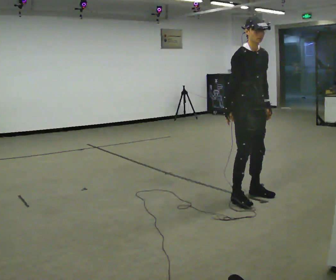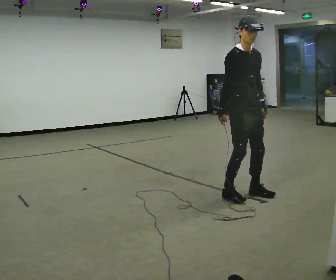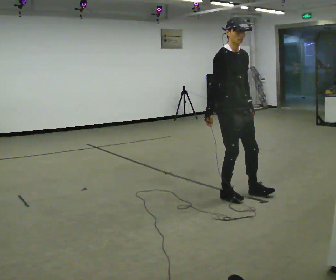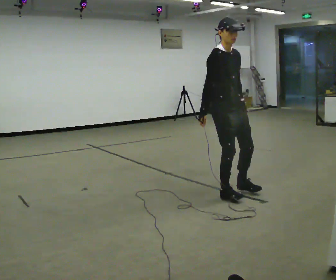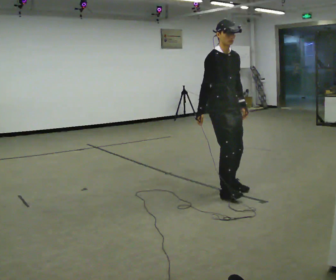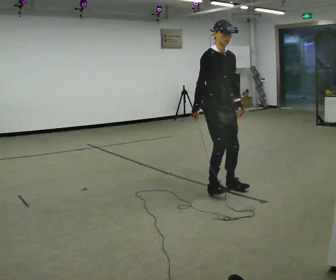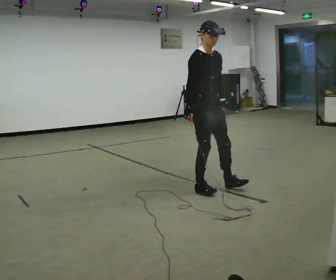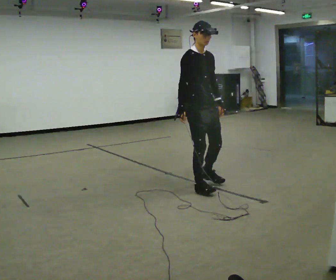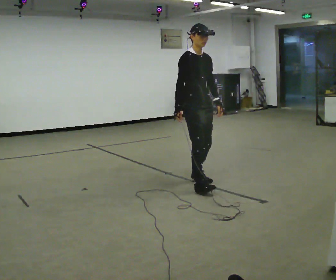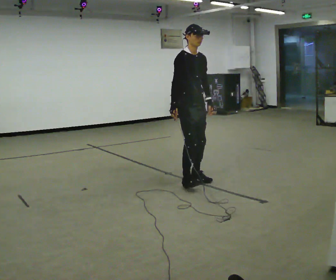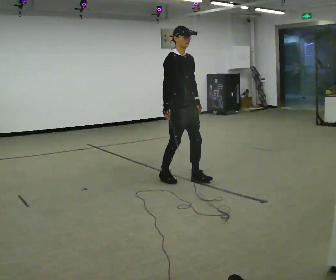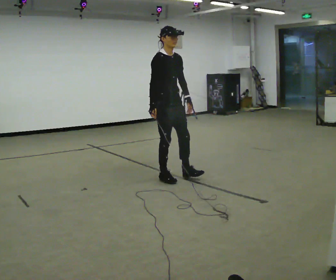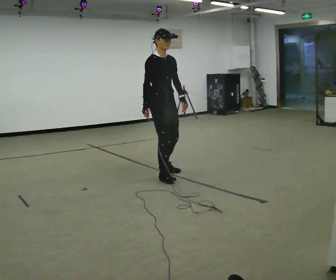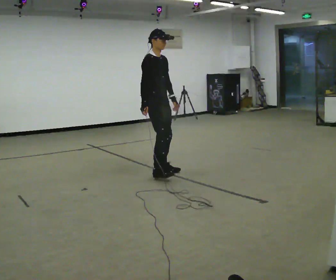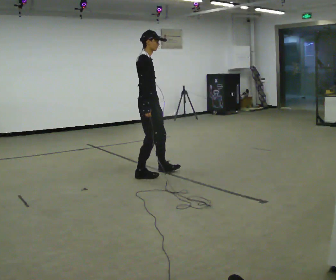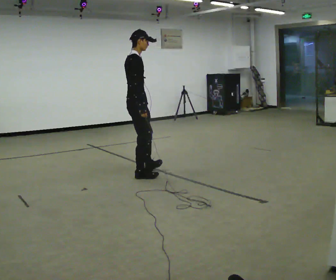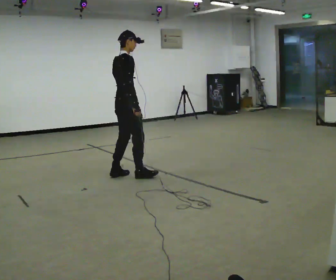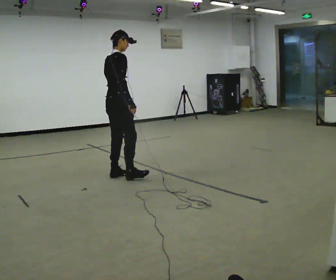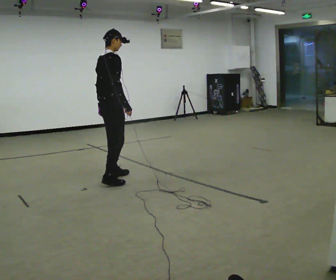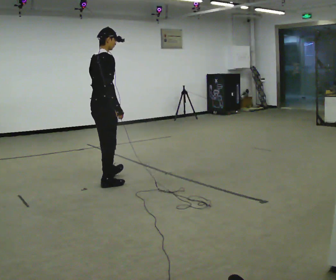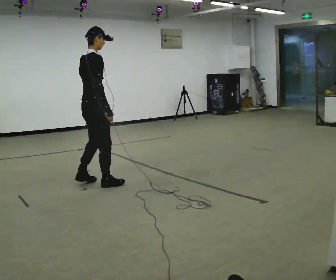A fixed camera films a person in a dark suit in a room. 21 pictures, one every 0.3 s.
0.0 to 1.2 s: In the picture they go to the left and away from the camera, about 0.25 m in 2 steps, which for them is backward.
1.2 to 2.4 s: In the picture they go away from the camera and to the left, about 0.5 m in 2 steps, which for them is backward.
2.4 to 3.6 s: In the picture they go away from the camera and to the left, about 0.5 m in 1 step, which for them is backward.
3.6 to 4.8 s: Seen from above the body turns counterclockwise, about 75 degrees: to their left, with its near side sliding to the right. In the picture they go to the left, about 0.5 m in 3 steps.
4.8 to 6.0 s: In the picture they go toward the camera and to the left, about 0.5 m in 1 step, which for them is backward.
The film runs forward here.
